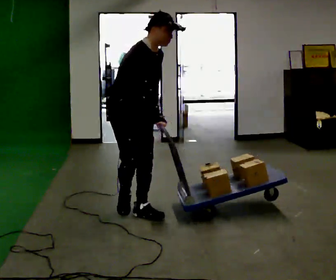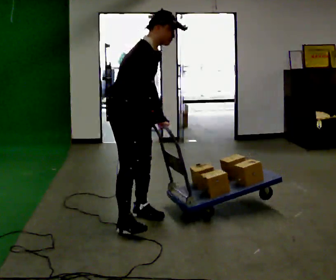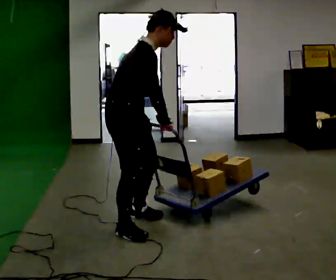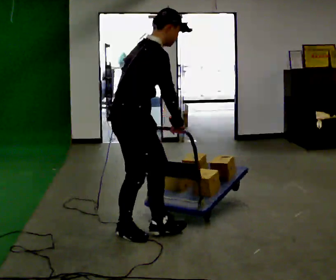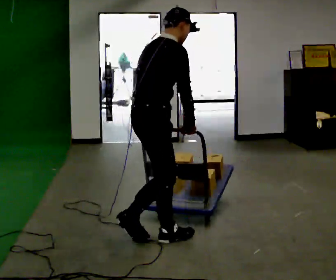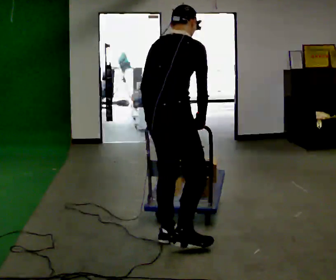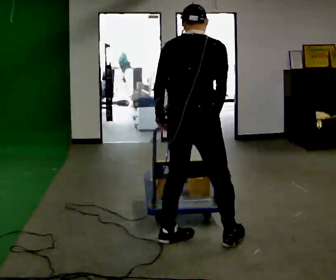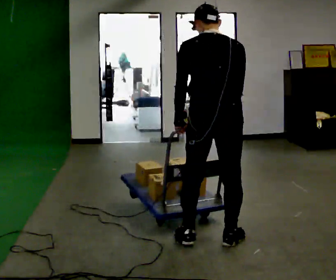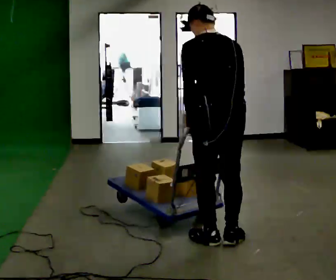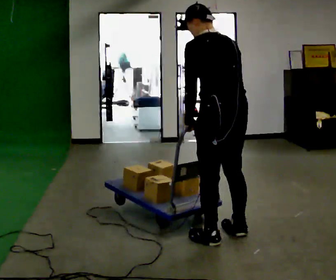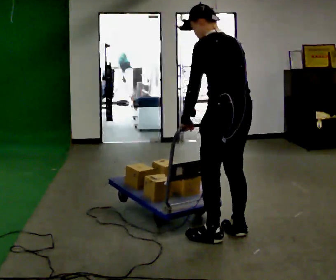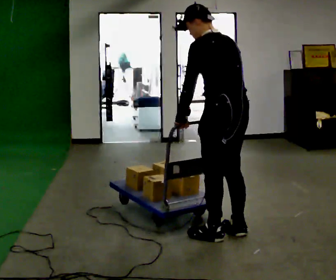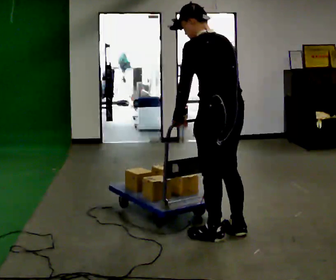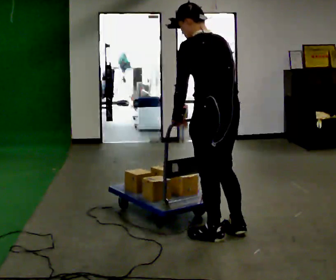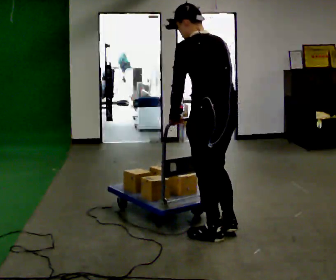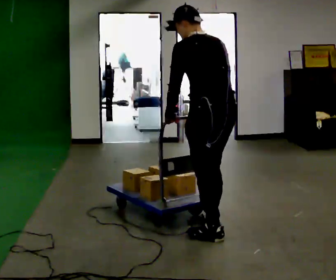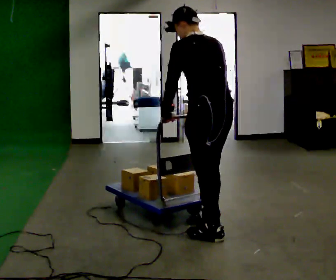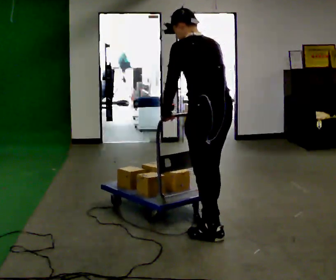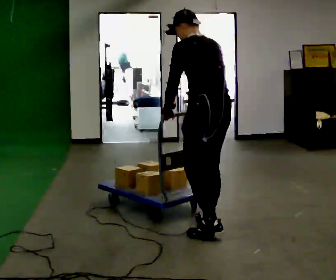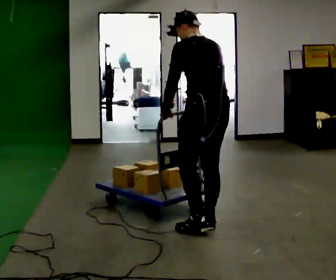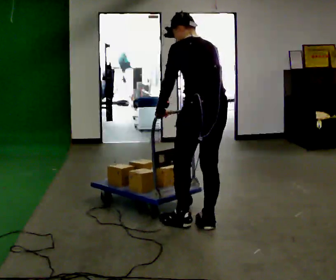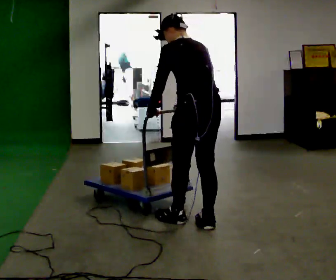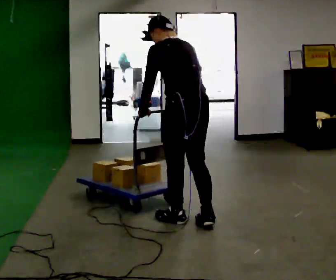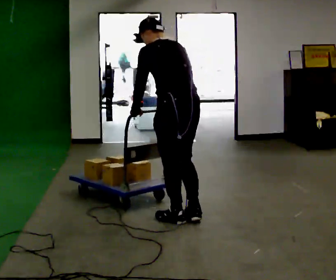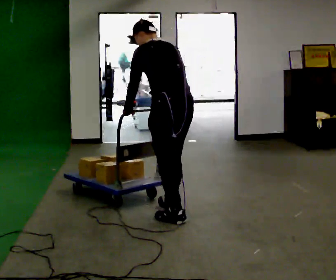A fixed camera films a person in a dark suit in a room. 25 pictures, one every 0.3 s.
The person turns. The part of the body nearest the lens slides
to the right.
The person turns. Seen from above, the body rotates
counterclockwise.
0.0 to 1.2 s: The person turns about 45 degrees to their left, counterclockwise seen from above, so the part of the body nearest the lens slides to the right. In the picture they go toward the camera, about 0.75 m in 2 steps, which for them is to their right and forward. The upper body tips away from the camera, its near side rolling upward.
1.2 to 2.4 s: Seen from above the body turns counterclockwise, about 90 degrees: to their left, with its near side sliding to the right. In the picture they go to the right, about 0.5 m in 2 steps. In the picture the upper body tilts counterclockwise, shoulders to the left.
2.4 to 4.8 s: In the picture they go away from the camera, about 0.25 m in 2 steps, which for them is forward.
4.8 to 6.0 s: In the picture they go away from the camera, about 0.25 m, which for them is forward.
6.0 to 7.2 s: In the picture they go to the left and away from the camera, about 0.25 m in 1 step, which for them is forward.
The film runs forward here.
